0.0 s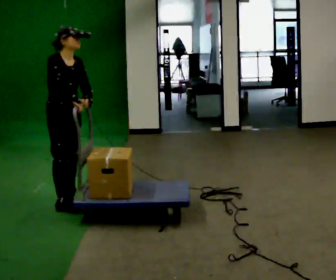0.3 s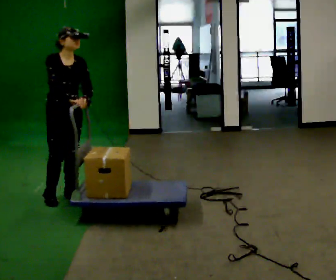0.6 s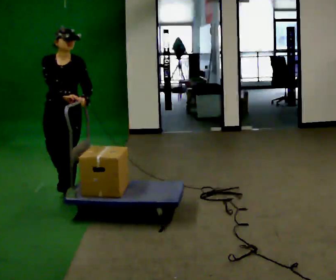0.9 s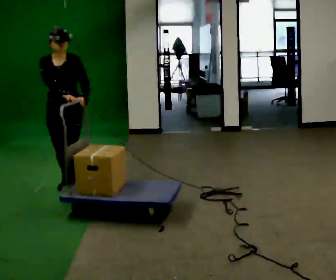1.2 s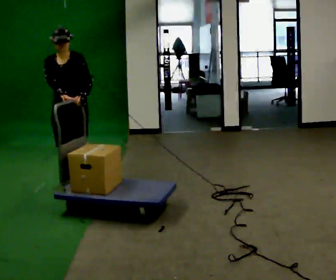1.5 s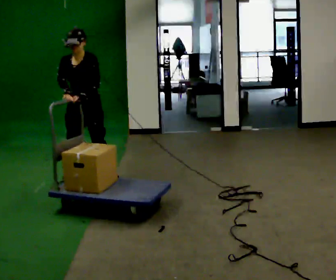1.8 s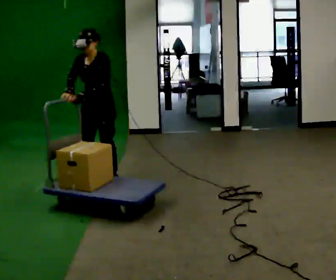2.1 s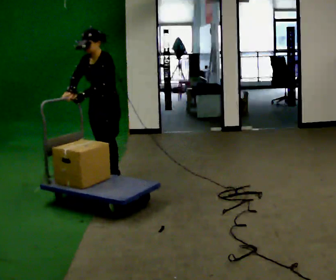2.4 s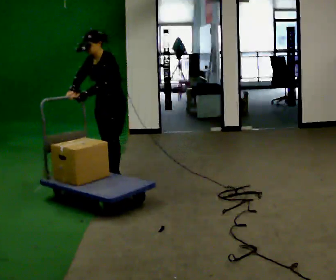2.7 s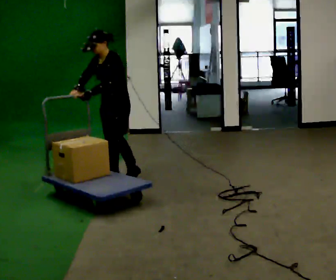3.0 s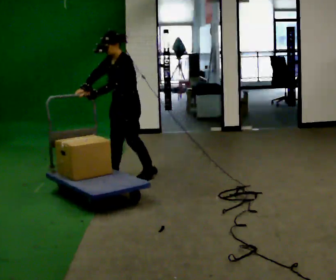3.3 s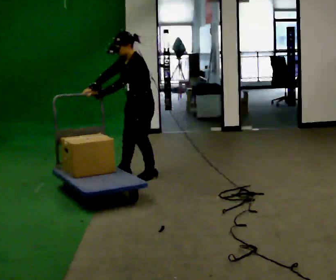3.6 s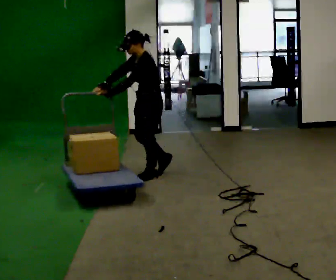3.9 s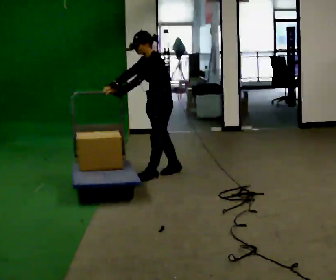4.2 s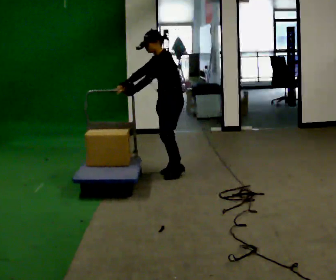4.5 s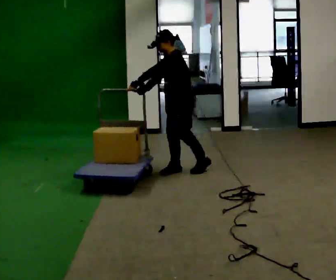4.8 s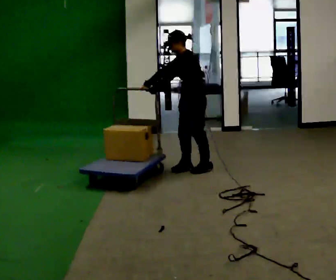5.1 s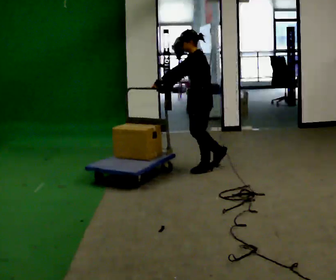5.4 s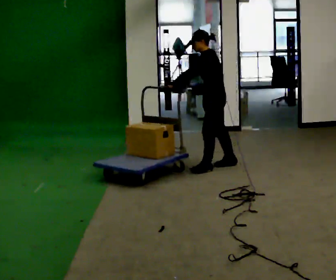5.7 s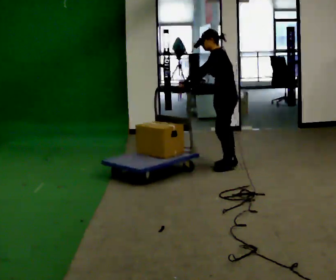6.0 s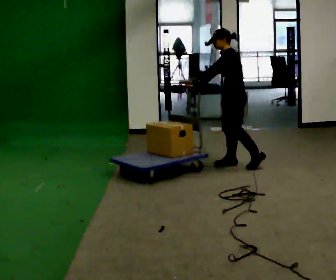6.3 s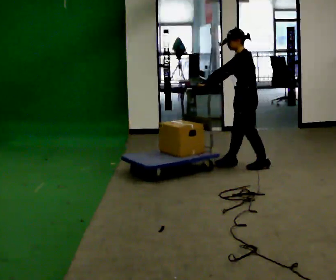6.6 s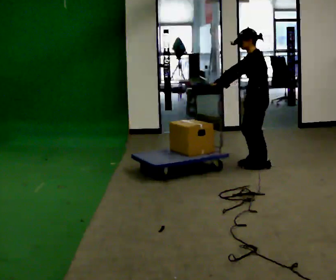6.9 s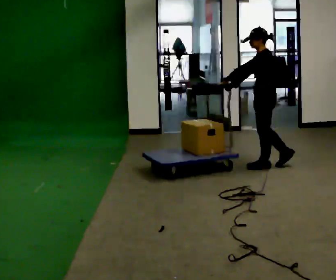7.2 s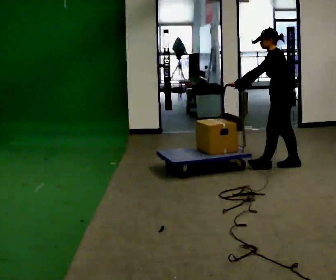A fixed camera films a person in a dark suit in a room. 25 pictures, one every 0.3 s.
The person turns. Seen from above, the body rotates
clockwise.
The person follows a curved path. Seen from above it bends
clockwise.
0.0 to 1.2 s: The person turns about 60 degrees to their right, clockwise seen from above, so the part of the body nearest the lens slides to the left. In the picture they go away from the camera, about 0.5 m in 2 steps. In the picture the upper body tilts counterclockwise, shoulders to the left.
1.2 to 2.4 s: The person turns about 45 degrees to their right, clockwise seen from above, so the part of the body nearest the lens slides to the left. In the picture they go to the right and away from the camera, about 0.5 m in 1 step, which for them is backward and to their left.
2.4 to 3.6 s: In the picture they go to the right, about 0.5 m in 2 steps, which for them is backward and to their left.
3.6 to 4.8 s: In the picture they go to the right and away from the camera, about 0.5 m in 2 steps, which for them is backward.
4.8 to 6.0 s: In the picture they go to the right and away from the camera, about 0.5 m in 1 step, which for them is backward.
6.0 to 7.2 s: In the picture they go to the right, about 0.5 m in 1 step, which for them is backward.
The film runs backward here.
